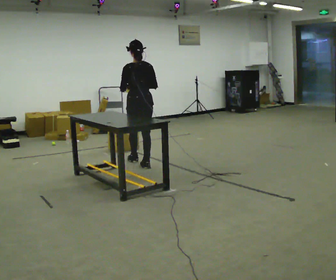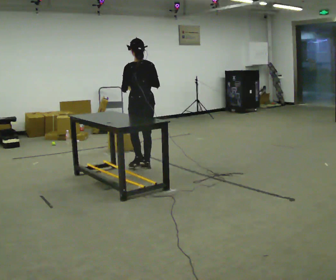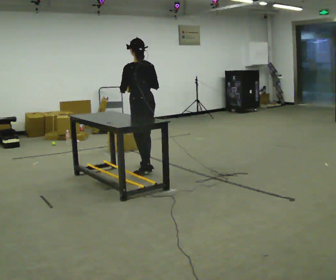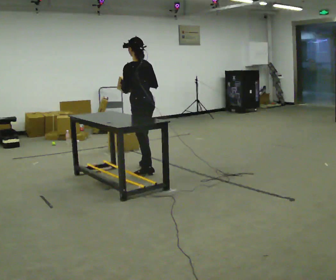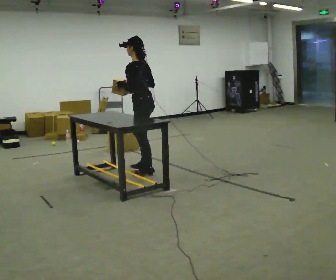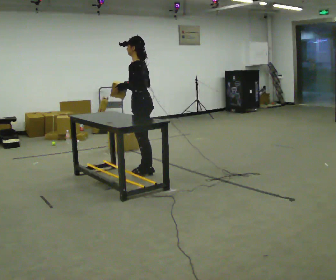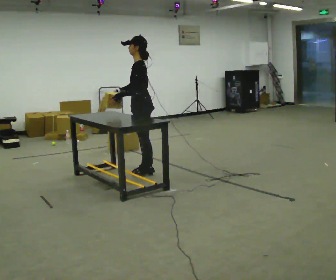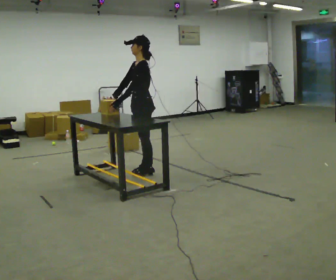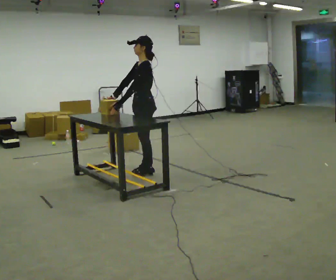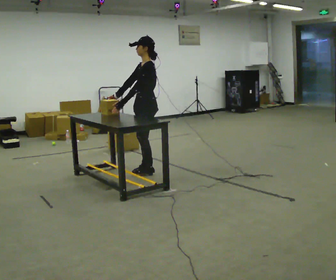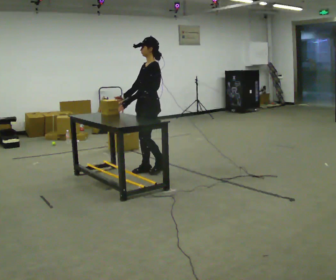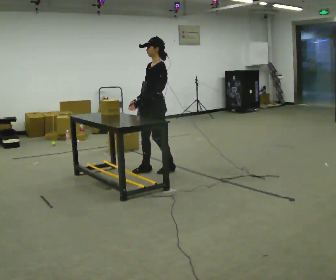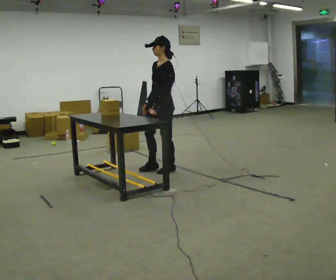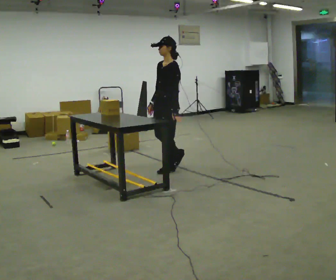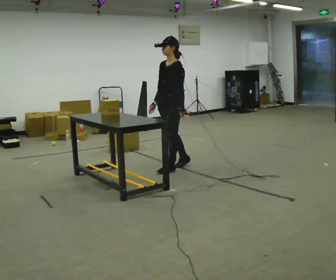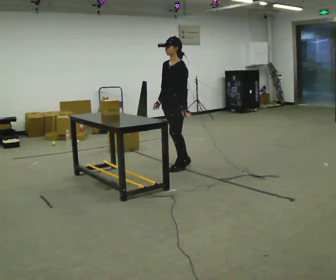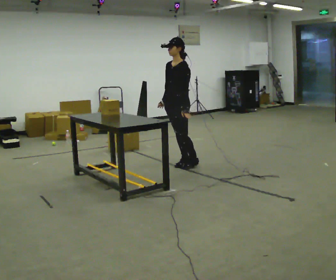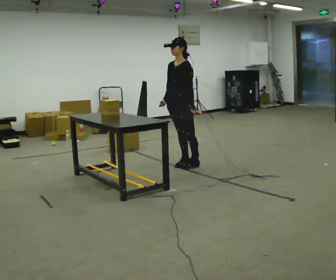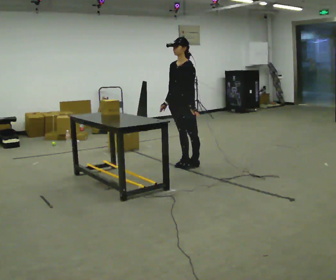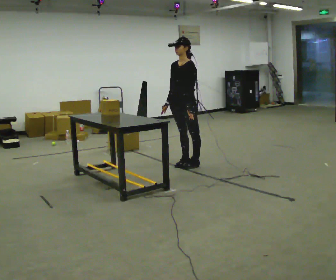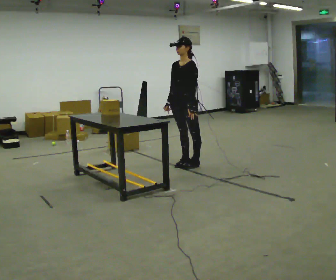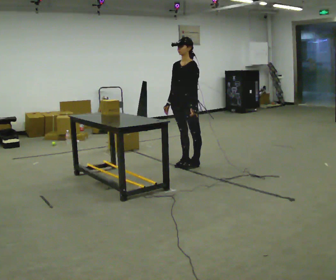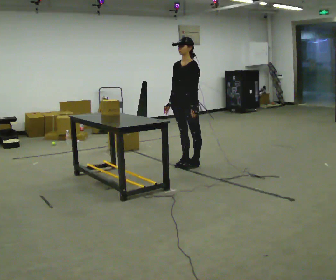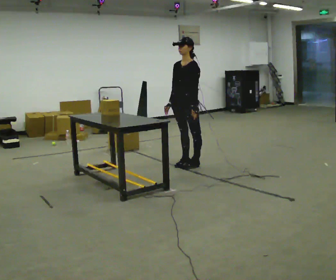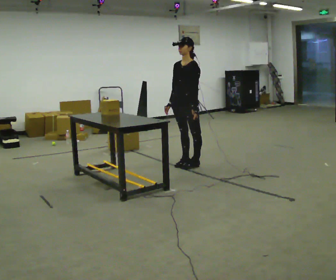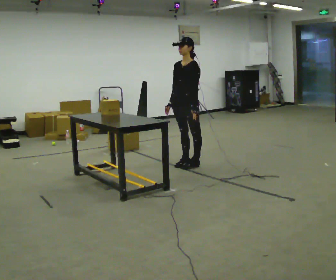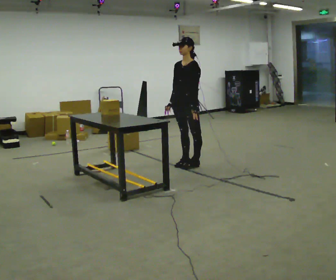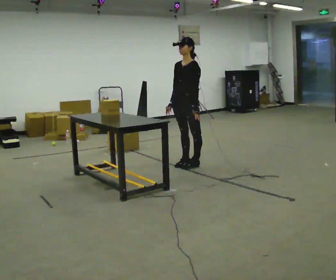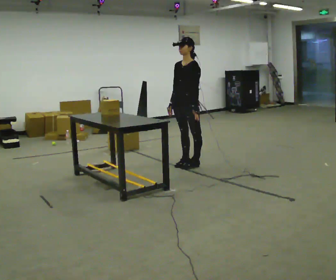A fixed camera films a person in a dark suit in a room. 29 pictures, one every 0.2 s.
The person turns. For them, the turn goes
to their left.
The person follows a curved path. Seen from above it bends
counterclockwise.
0.0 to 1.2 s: The part of the body nearest the lens slides to the right as the person turns to their left by about 75 degrees. In the picture they go toward the camera, about 0.5 m in 1 step.
1.2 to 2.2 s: The person moves a little, or ends about where they began.
2.2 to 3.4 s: In the picture they go to the right and away from the camera, about 0.5 m in 2 steps, which for them is backward.
3.4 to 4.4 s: The person moves a little, or ends about where they began.
4.4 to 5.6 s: The person keeps their place and pose.
The film runs backward here.
